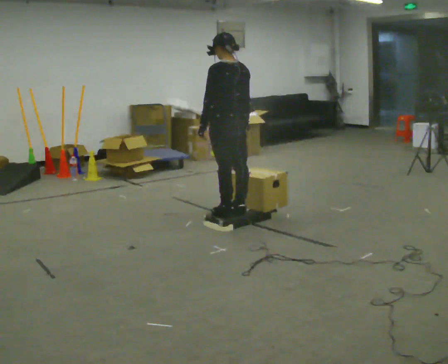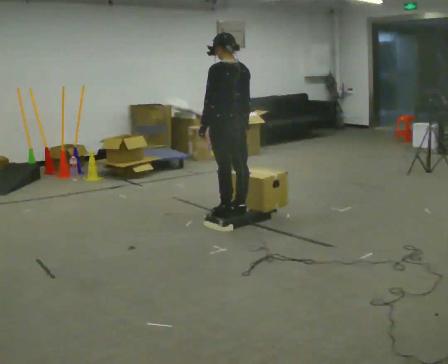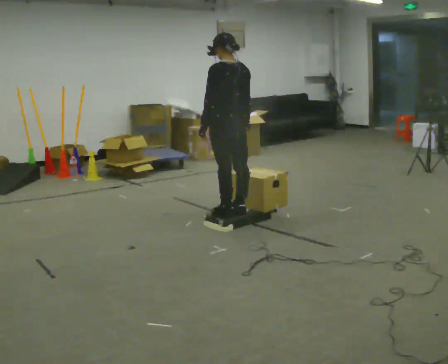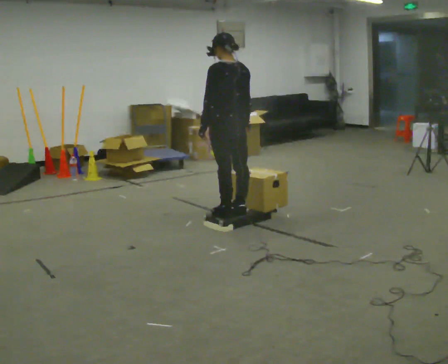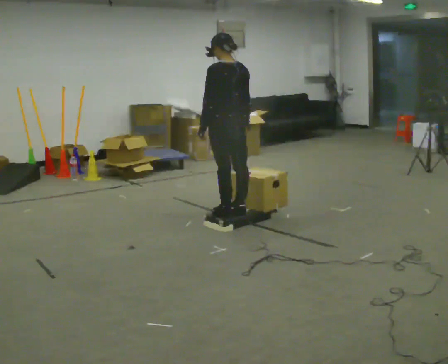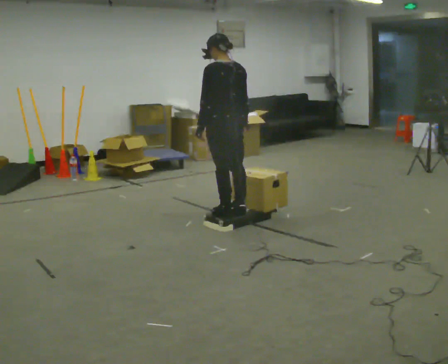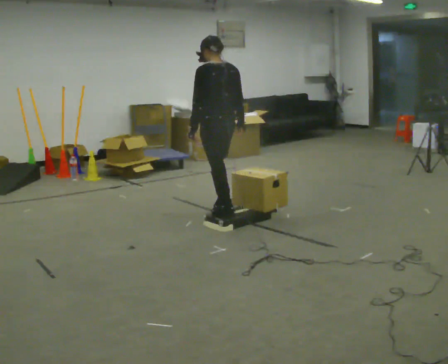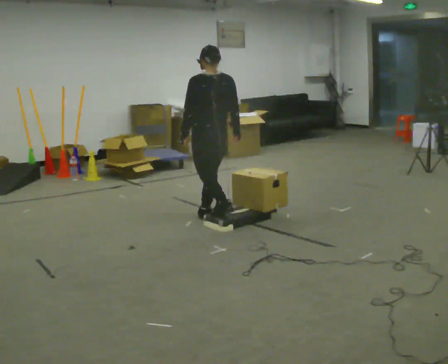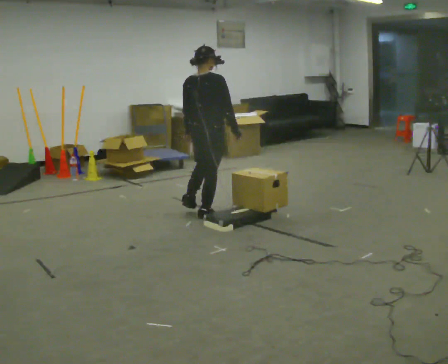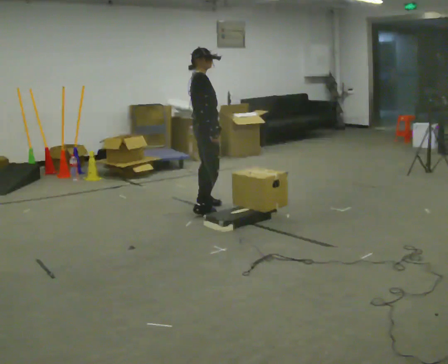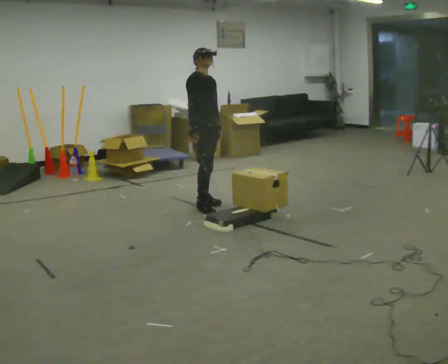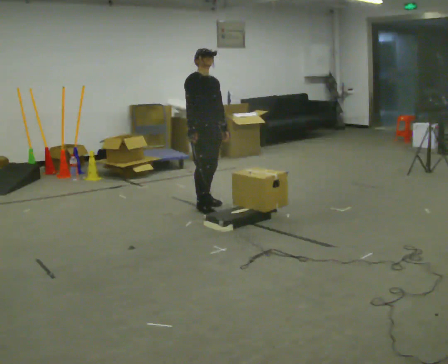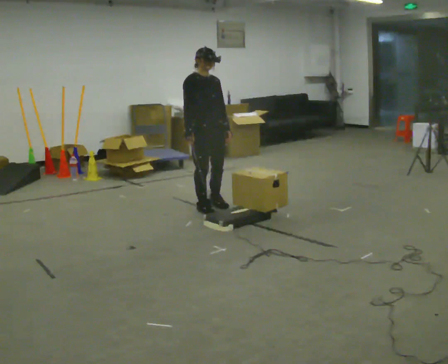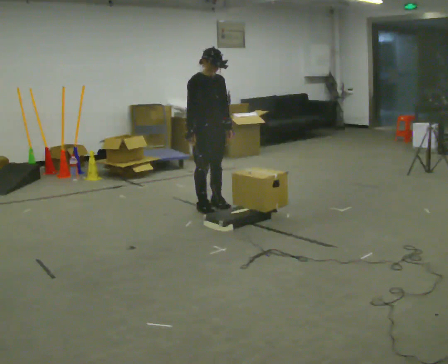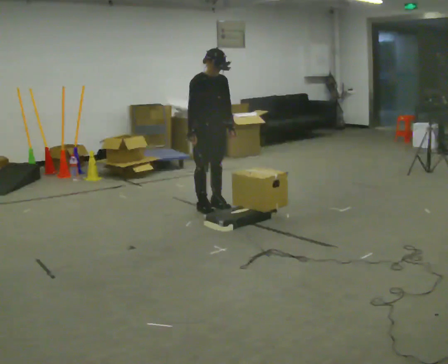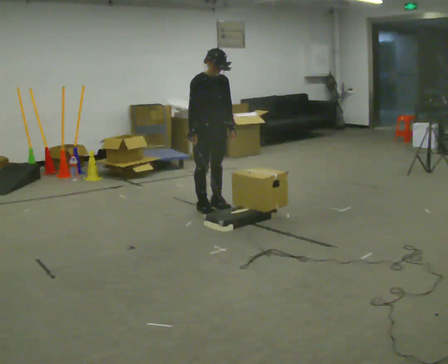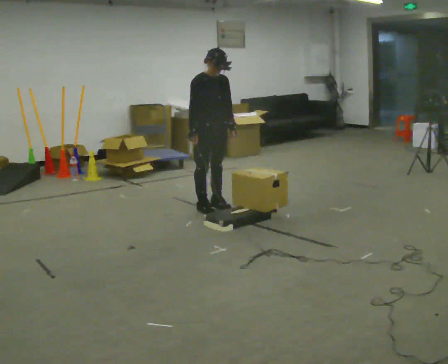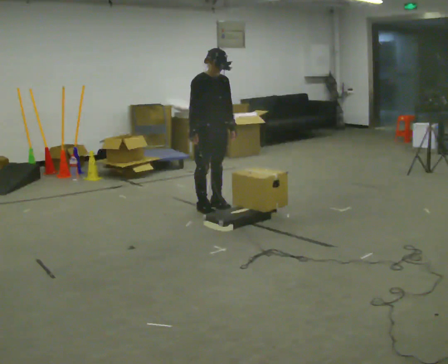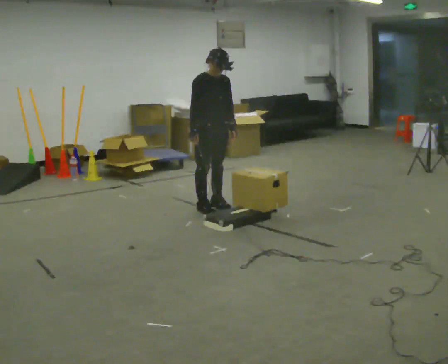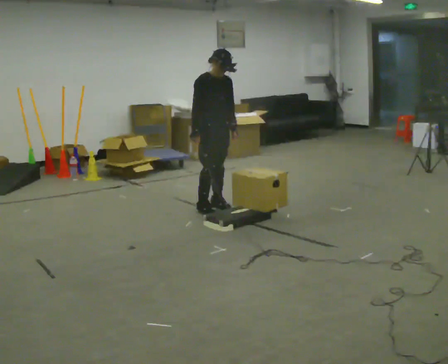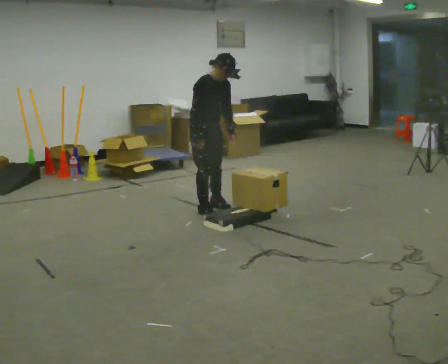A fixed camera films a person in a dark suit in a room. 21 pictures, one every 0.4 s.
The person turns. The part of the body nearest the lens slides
to the left.
The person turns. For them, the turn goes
to their right.
0.0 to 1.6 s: The person keeps their place and pose.
1.6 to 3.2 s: Seen from above the body turns clockwise, about 60 degrees: to their right, with its near side sliding to the left. In the picture they go away from the camera and to the left, about 0.25 m in 1 step.
3.2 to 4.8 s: The person turns about 105 degrees to their right, clockwise seen from above, so the part of the body nearest the lens slides to the left. In the picture they go away from the camera, about 0.25 m in 2 steps. In the picture their right hand goes to the left, the arm swinging clockwise.
4.8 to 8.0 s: The upper body tips toward the camera, its near side rolling downward, as they bend forward.
The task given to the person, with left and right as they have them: Carry the box up onto the platform, across it, and down the other side, then bring it back. Keep going until the operator says stop; one object at a time, and do not rush between trips.
The film runs forward here.
